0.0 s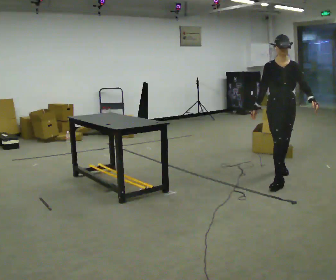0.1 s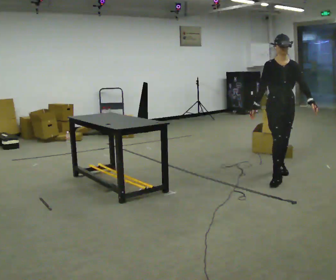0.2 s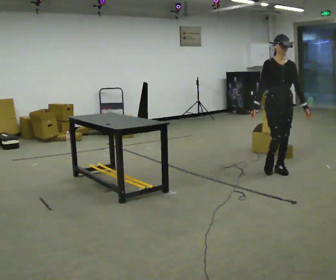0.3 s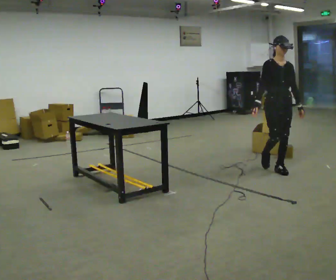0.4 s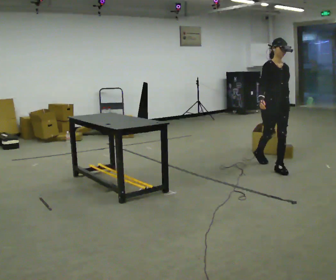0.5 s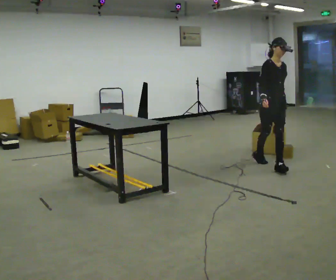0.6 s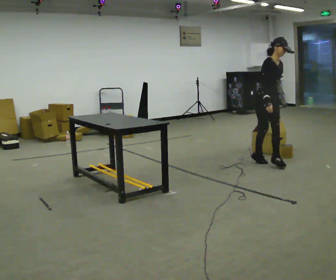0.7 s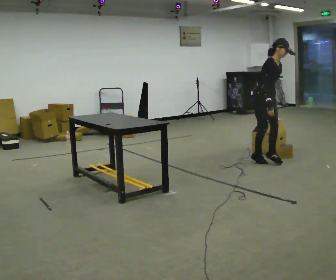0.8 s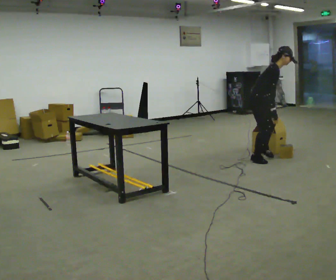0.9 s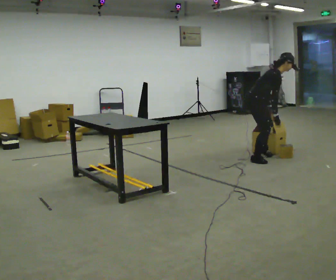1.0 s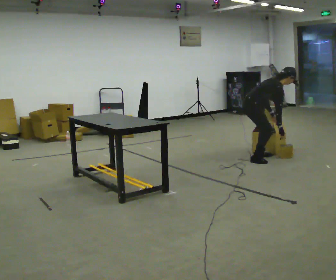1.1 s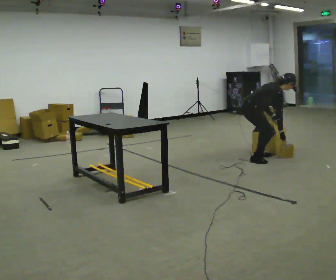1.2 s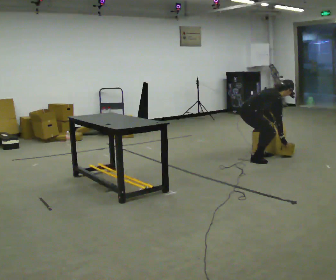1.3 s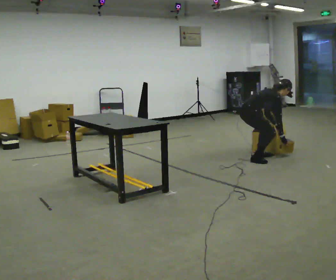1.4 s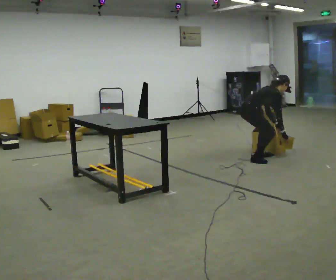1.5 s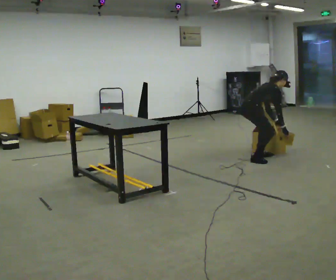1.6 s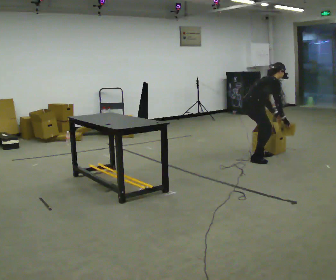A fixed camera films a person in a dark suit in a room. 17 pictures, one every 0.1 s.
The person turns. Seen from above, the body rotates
counterclockwise.
The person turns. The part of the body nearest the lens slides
to the right.
0.0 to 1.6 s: The person turns about 105 degrees to their left, counterclockwise seen from above, so the part of the body nearest the lens slides to the right. In the picture they go away from the camera, about 1 m in 1 step.
The film runs backward here.
